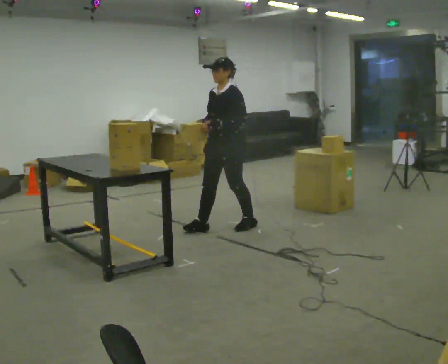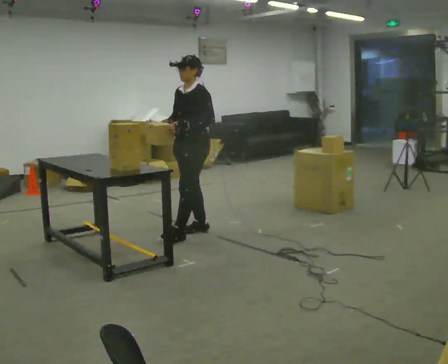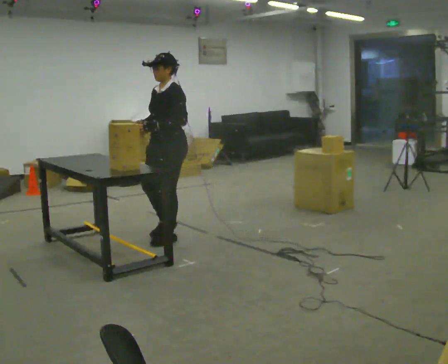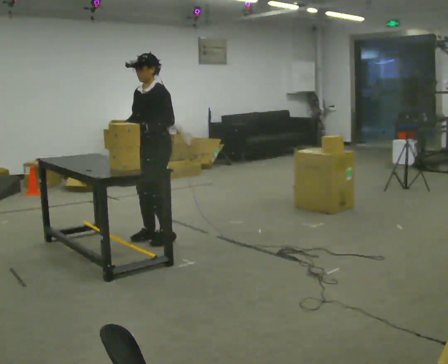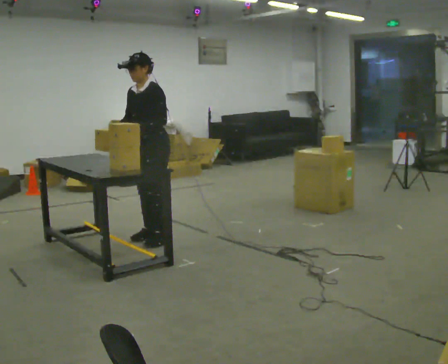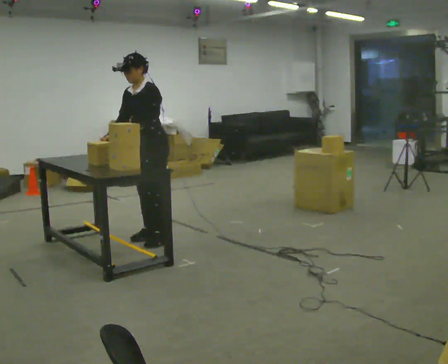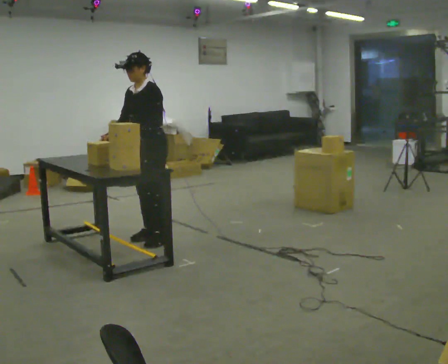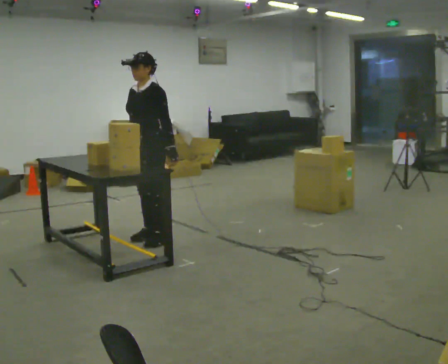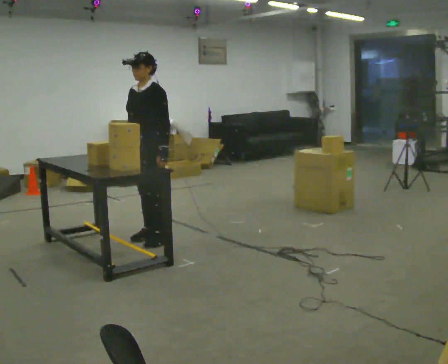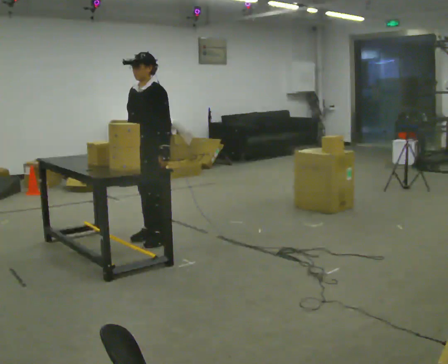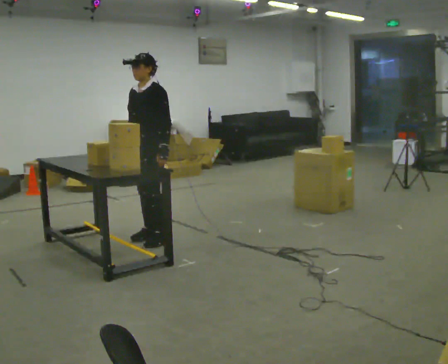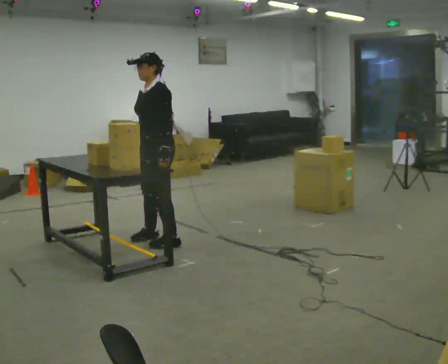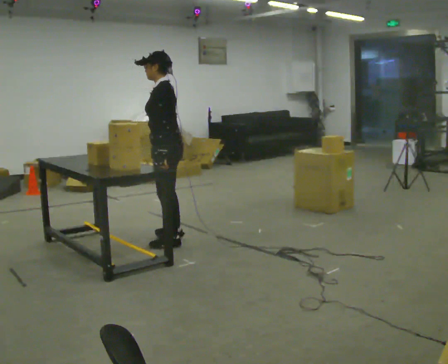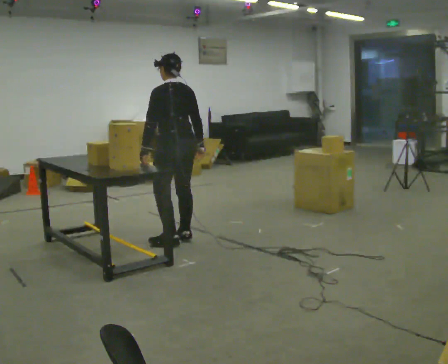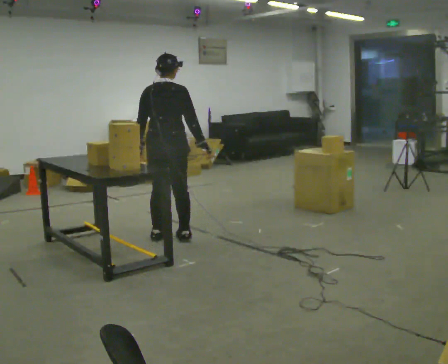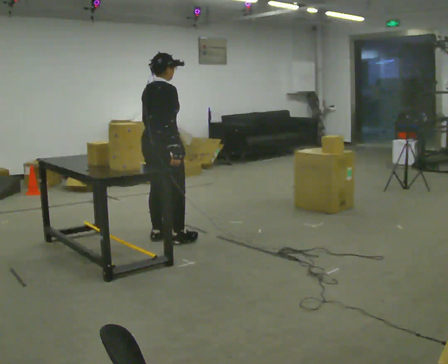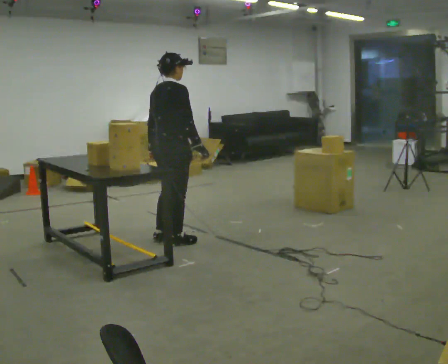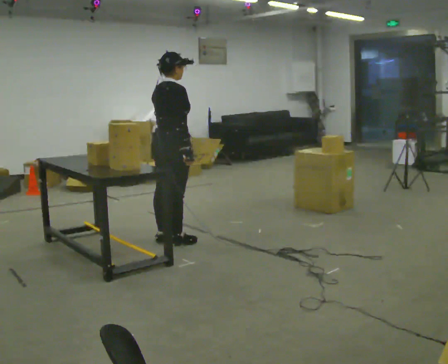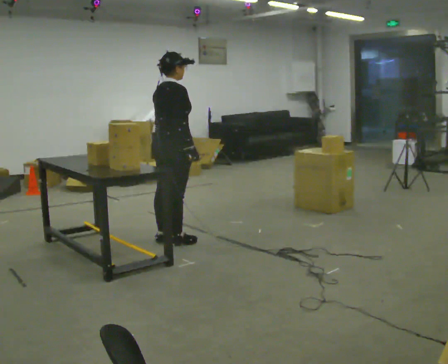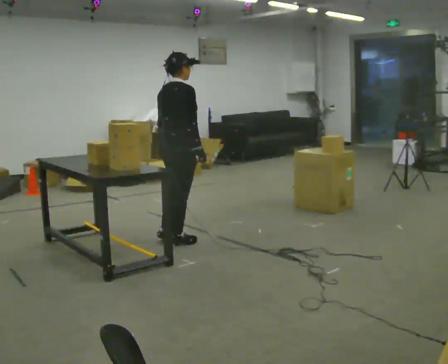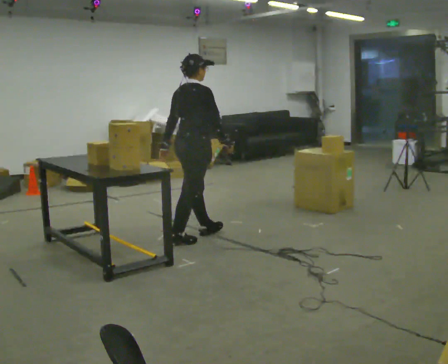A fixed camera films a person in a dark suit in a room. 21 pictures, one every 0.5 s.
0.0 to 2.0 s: In the picture they go to the left and toward the camera, about 0.5 m in 2 steps, which for them is forward.
2.0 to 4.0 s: The person moves a little, or ends about where they began.
4.0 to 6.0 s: Seen from above the body turns clockwise, about 45 degrees: to their right, with its near side sliding to the left. In the picture they go to the right, about 0.25 m, which for them is to their left. In the picture their right hand goes to the right.
6.0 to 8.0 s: Seen from above the body turns clockwise, about 135 degrees: to their right, with its near side sliding to the left.
8.0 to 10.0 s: In the picture they go to the right, about 0.25 m in 1 step, which for them is forward.
The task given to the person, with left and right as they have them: Move objects one at a time from the waist-height shelf at one end of the room to the waist-height shelf at the other end. Keep going until the operator says stop; one object at a time, and do not rush between trips.
The film runs forward here.
